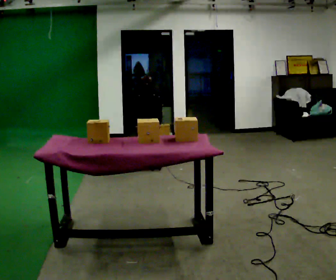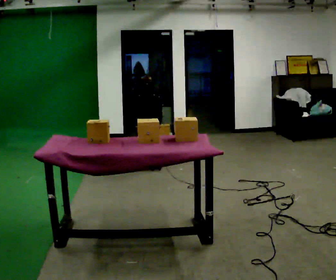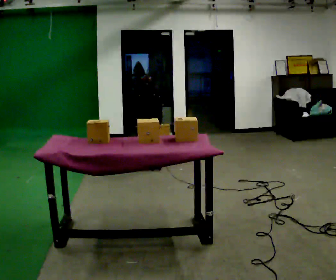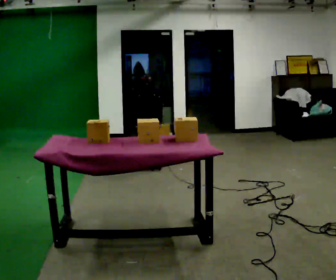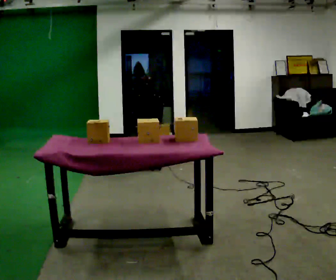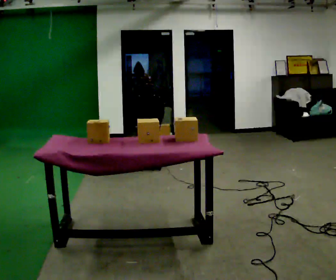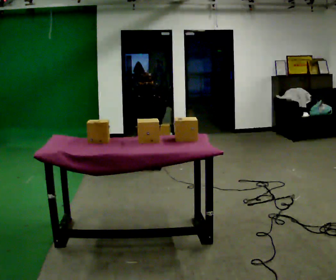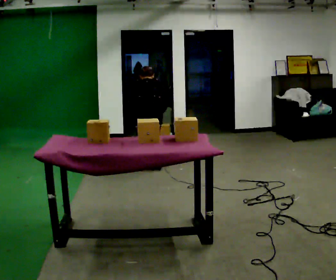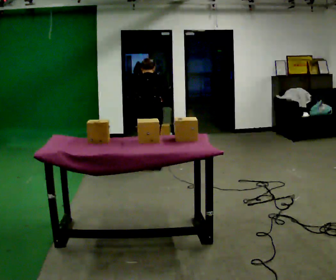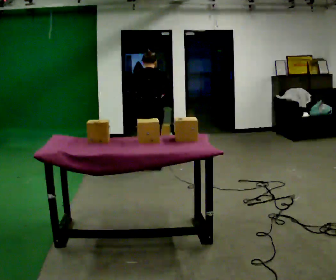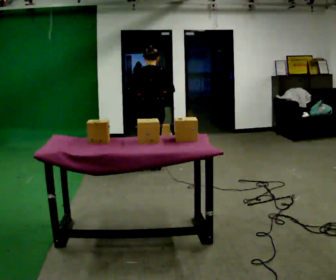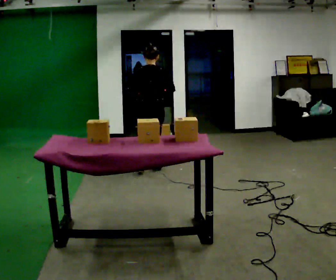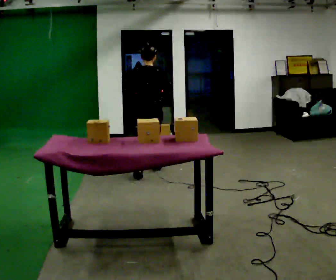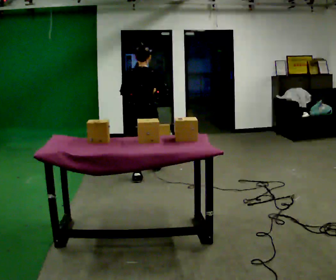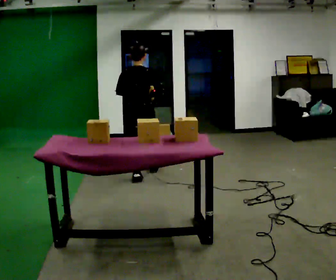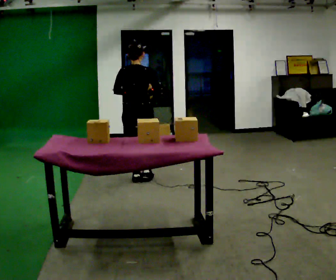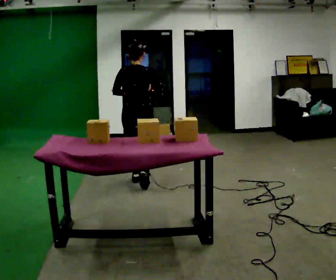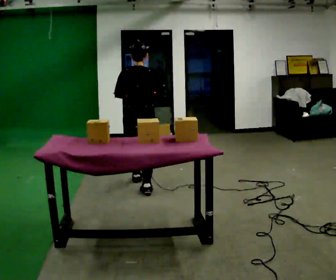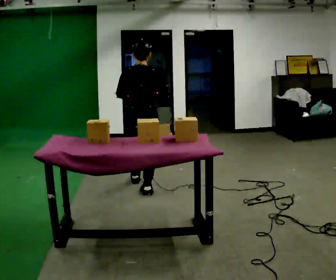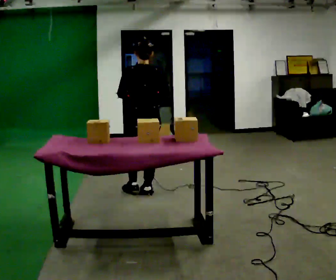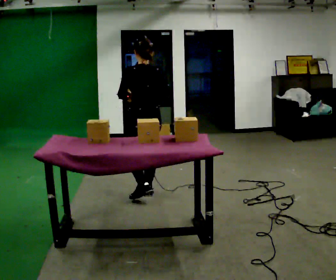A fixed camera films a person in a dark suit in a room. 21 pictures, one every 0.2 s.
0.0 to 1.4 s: The person moves a little, or ends about where they began.
1.4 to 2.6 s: In the picture they go toward the camera, about 0.25 m in 1 step, which for them is backward. The shoulders move upward. The upper body tips toward the camera, its near side rolling downward, as they lean back or straighten. In the picture their left hand goes upward.
2.6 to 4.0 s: The person turns about 30 degrees to their left, counterclockwise seen from above, so the part of the body nearest the lens slides to the right. In the picture they go toward the camera, about 0.5 m in 2 steps, which for them is backward.
The film runs backward here.
